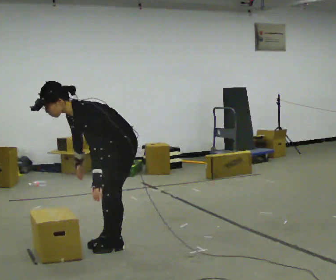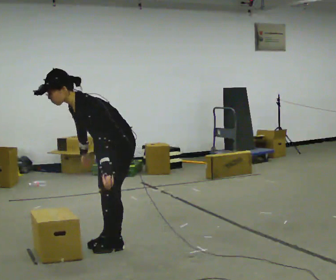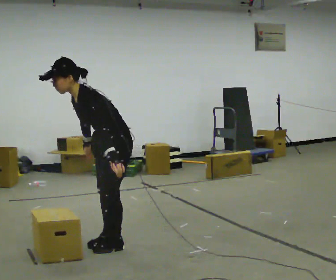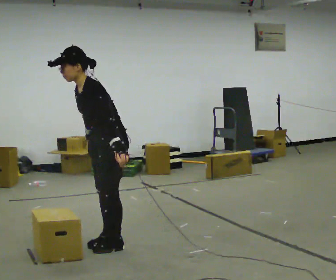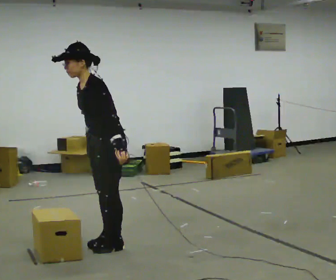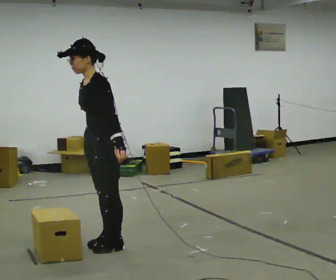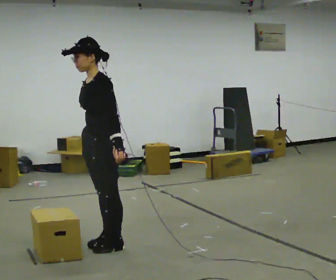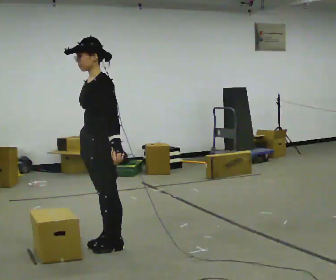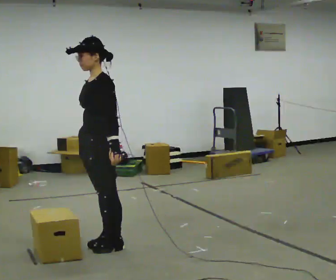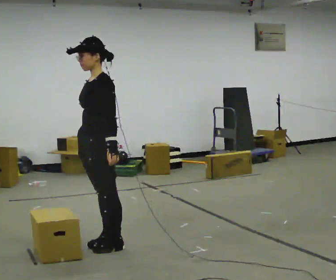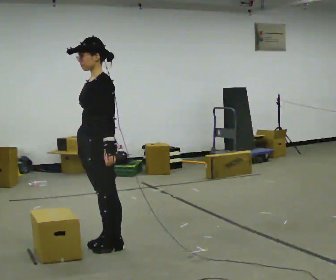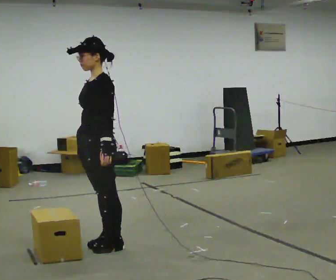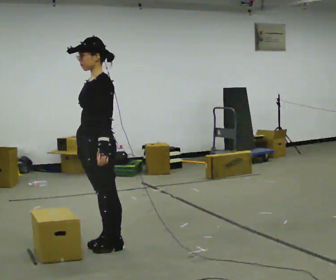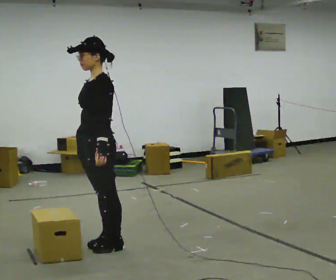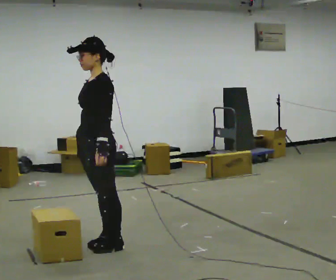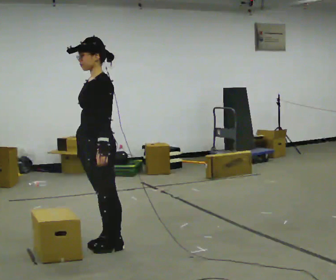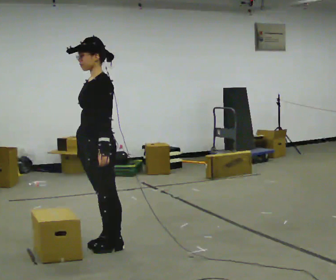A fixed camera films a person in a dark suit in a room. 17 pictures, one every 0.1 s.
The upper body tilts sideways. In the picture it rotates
clockwise.
0.0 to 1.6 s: In the picture they go to the left, about 0.25 m, which for them is forward. The upper body goes upward. In the picture the upper body tilts clockwise, shoulders to the right, as they lean back or straighten.
The film runs forward here.
